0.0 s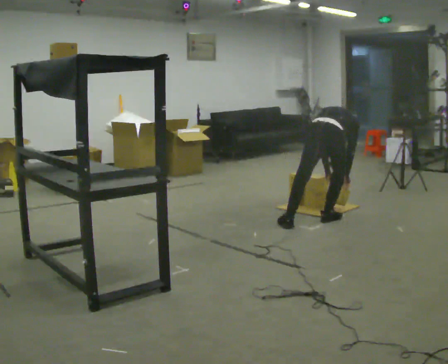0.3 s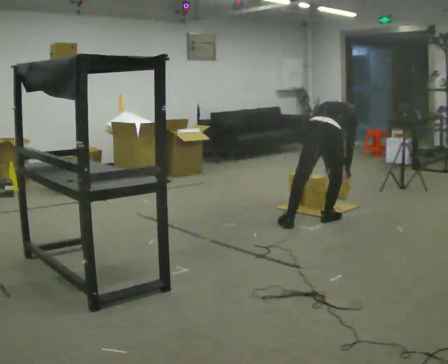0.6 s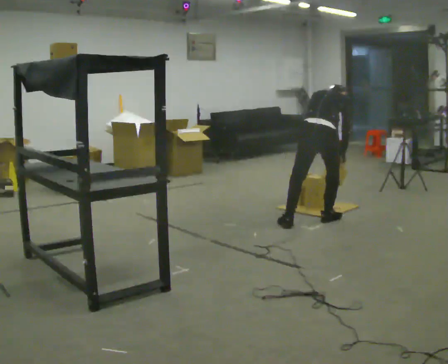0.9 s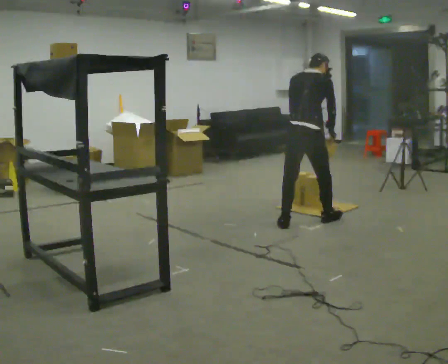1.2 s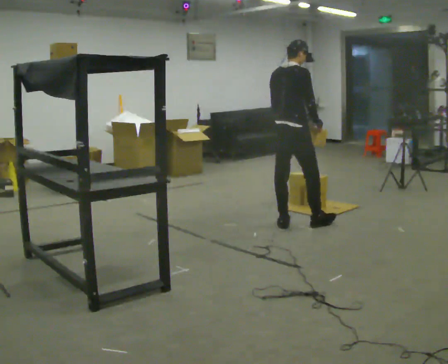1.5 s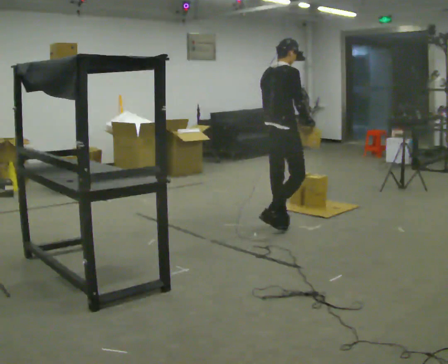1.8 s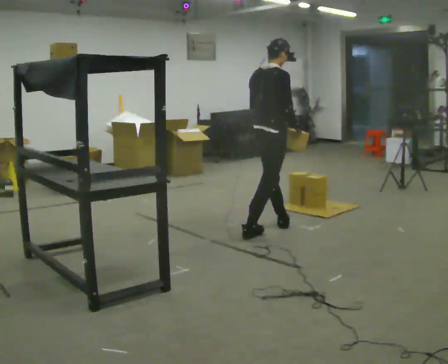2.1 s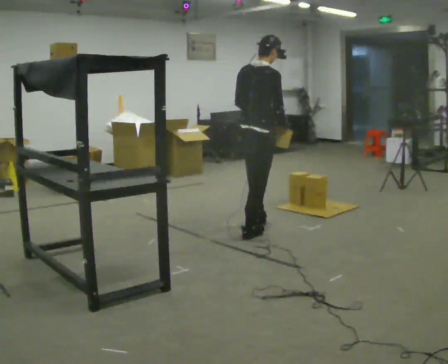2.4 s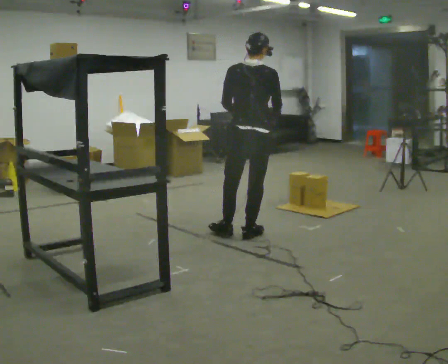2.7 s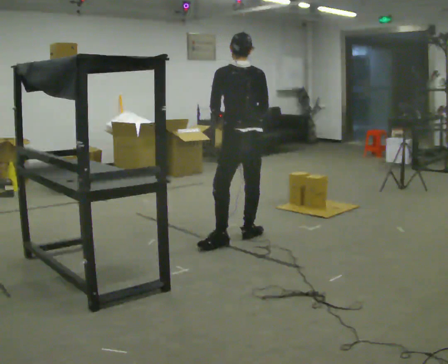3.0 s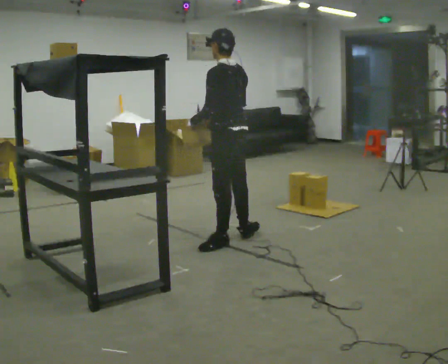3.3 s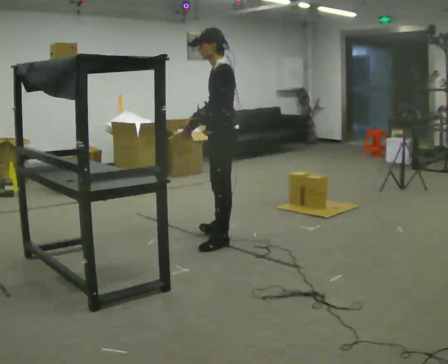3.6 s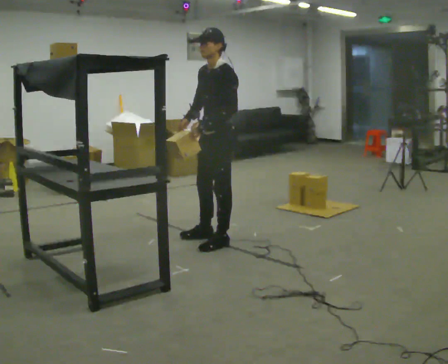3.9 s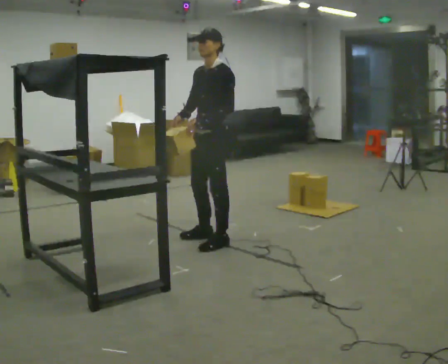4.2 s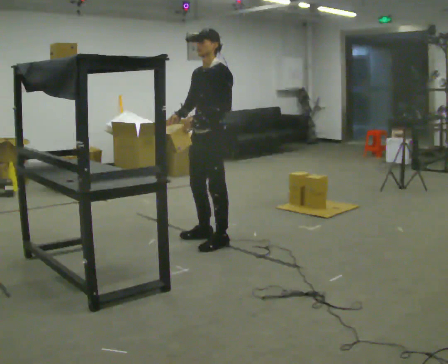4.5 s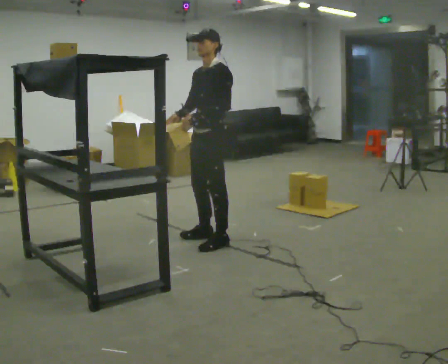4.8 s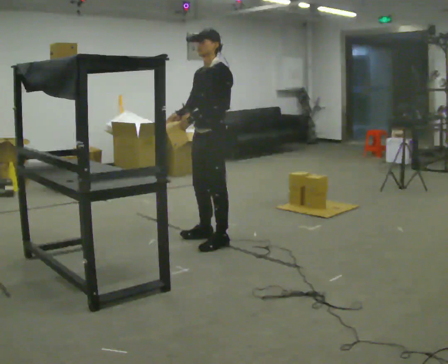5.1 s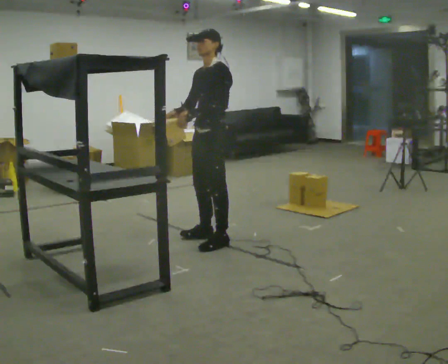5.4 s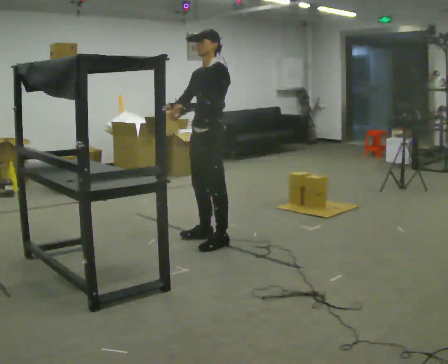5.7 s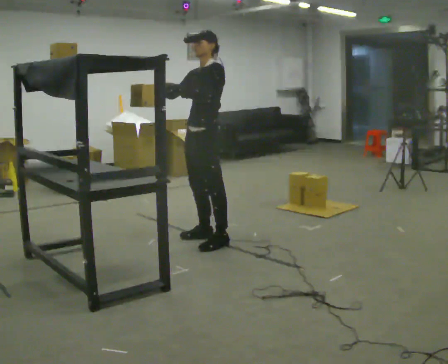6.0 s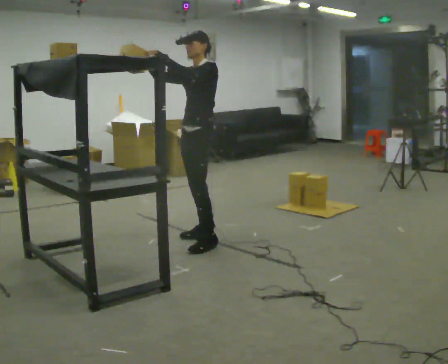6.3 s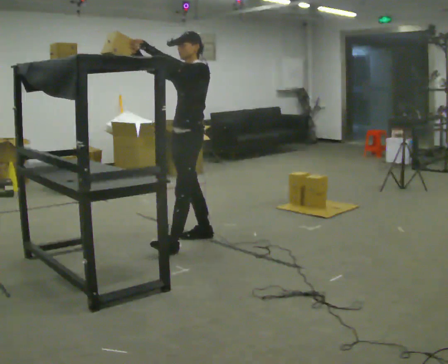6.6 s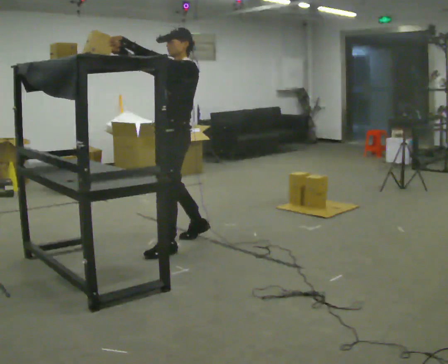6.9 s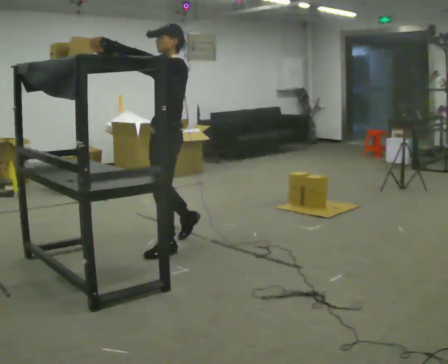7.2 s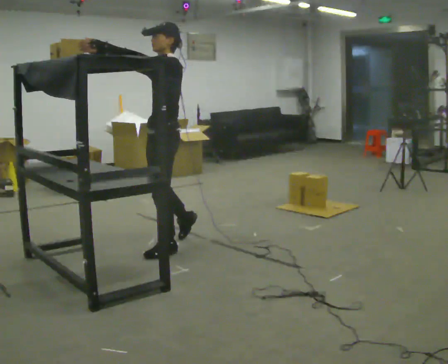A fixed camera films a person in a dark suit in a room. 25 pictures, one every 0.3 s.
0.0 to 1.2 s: In the picture they go to the left, about 0.25 m in 1 step, which for them is to their left and backward. The shoulders move upward. The upper body tips toward the camera, its near side rolling downward, as they lean back or straighten. In the picture their left hand goes upward.
1.2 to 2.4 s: Seen from above the body turns counterclockwise, about 30 degrees: to their left, with its near side sliding to the right. In the picture they go to the left and toward the camera, about 0.5 m in 1 step, which for them is backward.
2.4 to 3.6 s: Seen from above the body turns counterclockwise, about 135 degrees: to their left, with its near side sliding to the right. In the picture they go to the left, about 0.25 m in 1 step.
3.6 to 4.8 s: The person moves a little, or ends about where they began.
4.8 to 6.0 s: In the picture their right hand goes upward, the arm swinging clockwise.
6.0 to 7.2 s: In the picture they go toward the camera and to the left, about 0.5 m, which for them is forward and to their left.
The film runs backward here.
